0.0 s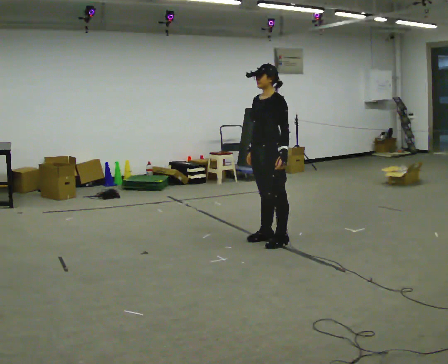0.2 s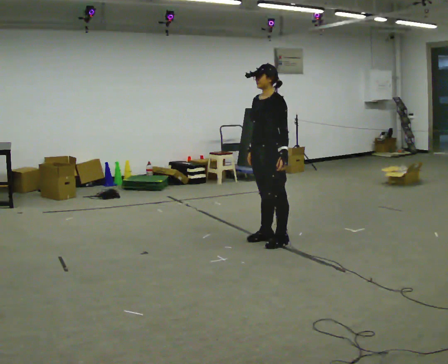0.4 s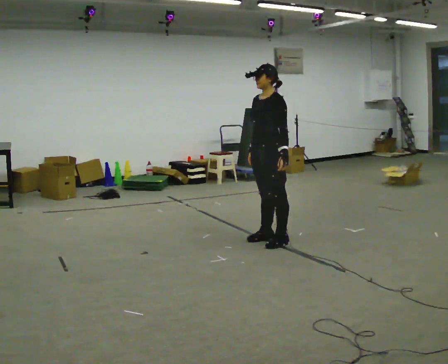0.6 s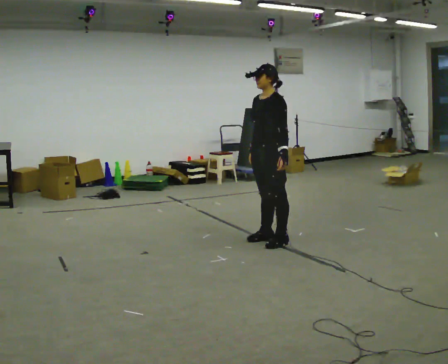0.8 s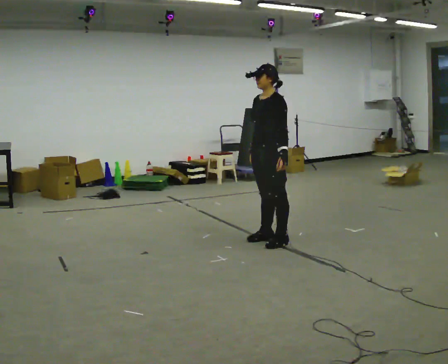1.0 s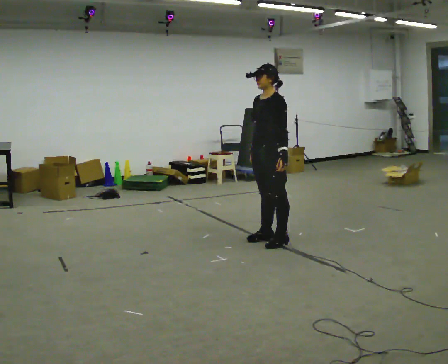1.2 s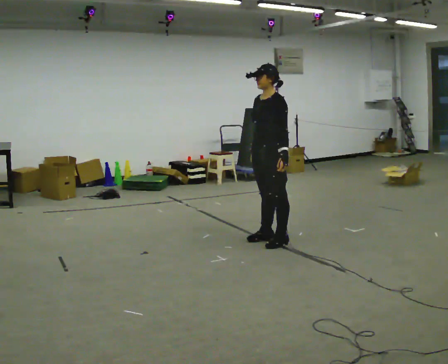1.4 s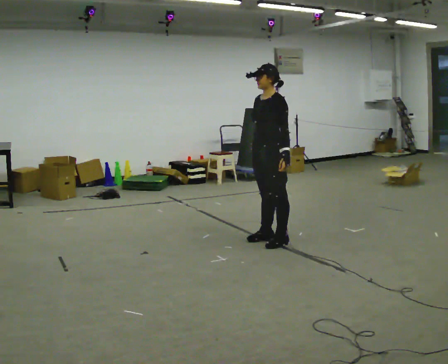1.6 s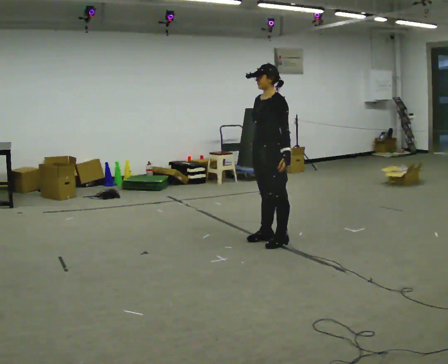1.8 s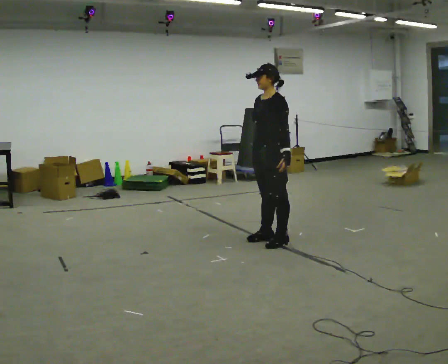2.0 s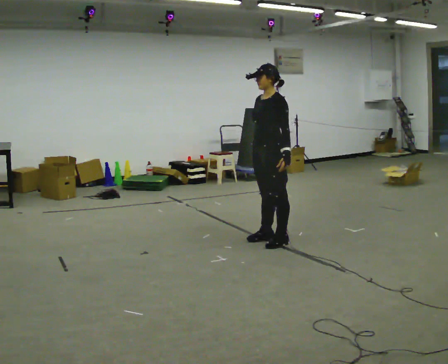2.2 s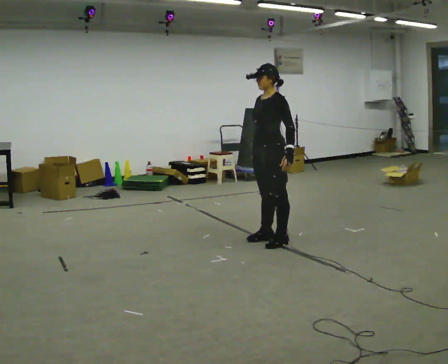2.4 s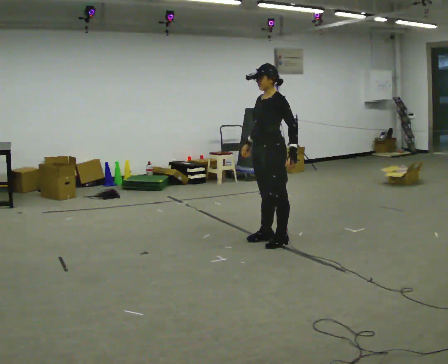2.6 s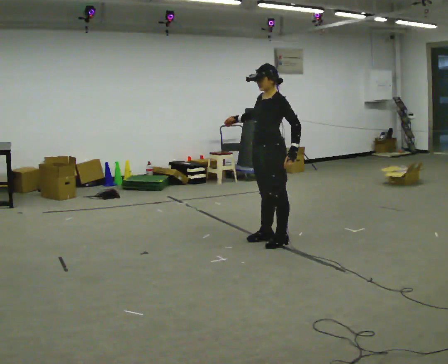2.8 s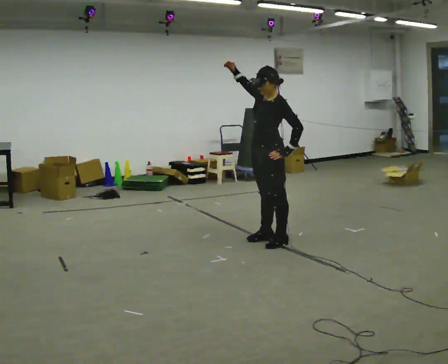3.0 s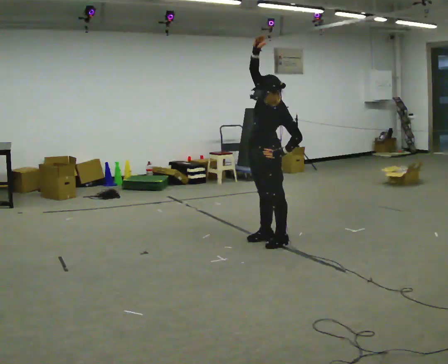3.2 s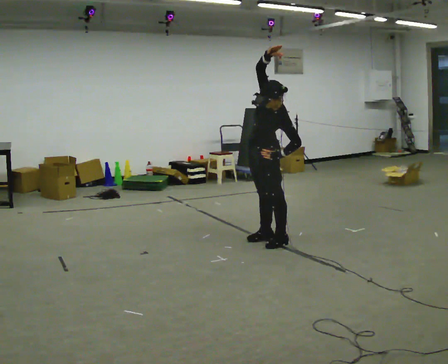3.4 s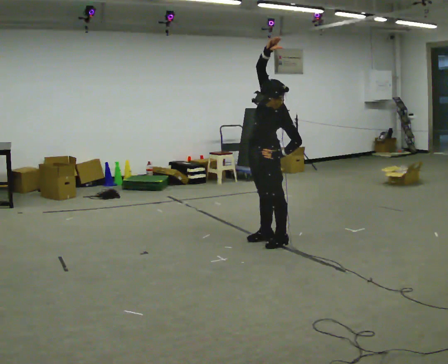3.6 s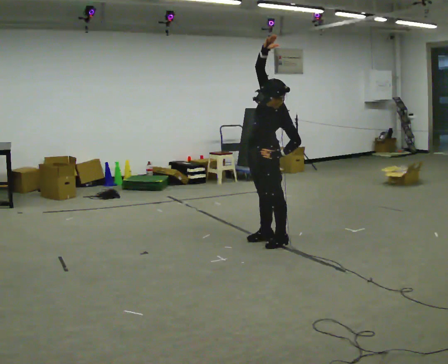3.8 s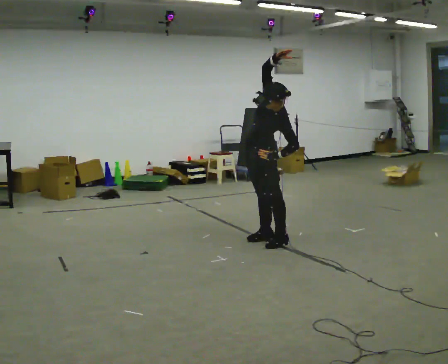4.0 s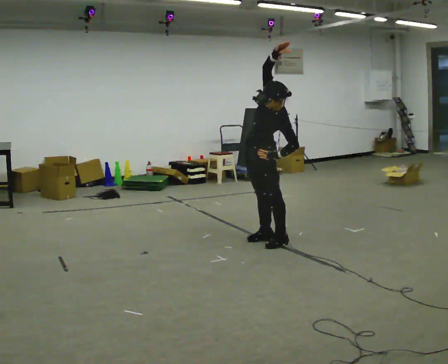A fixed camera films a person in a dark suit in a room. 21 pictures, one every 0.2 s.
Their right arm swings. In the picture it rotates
clockwise.
0.0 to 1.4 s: The person keeps their place and pose.
1.4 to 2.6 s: The person moves a little, or ends about where they began.
2.6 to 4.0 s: In the picture the upper body tilts clockwise, shoulders to the right. In the picture their right hand goes upward and to the right, the arm swinging clockwise.
The film runs backward here.
